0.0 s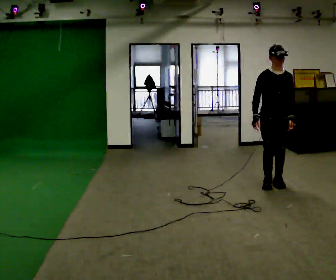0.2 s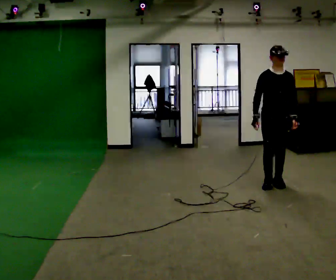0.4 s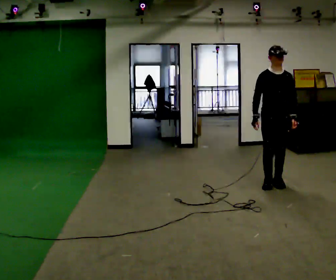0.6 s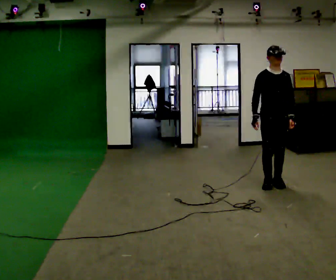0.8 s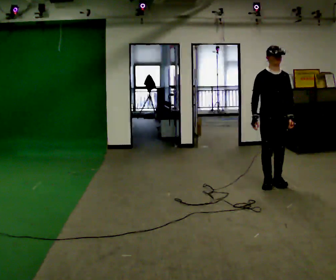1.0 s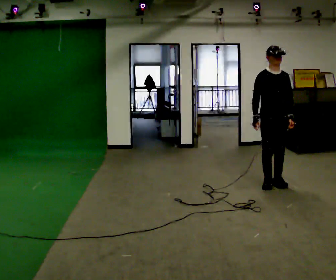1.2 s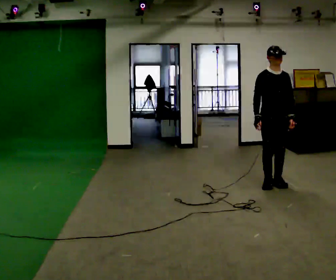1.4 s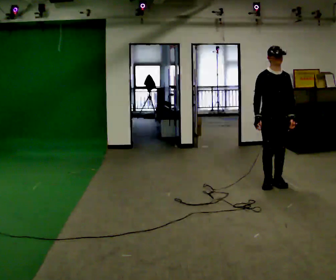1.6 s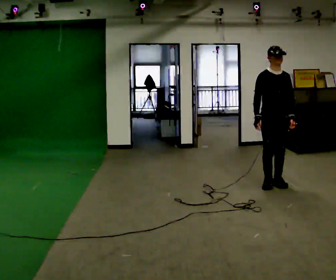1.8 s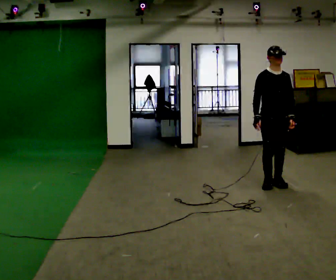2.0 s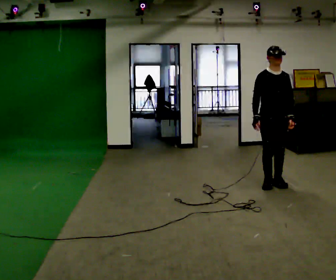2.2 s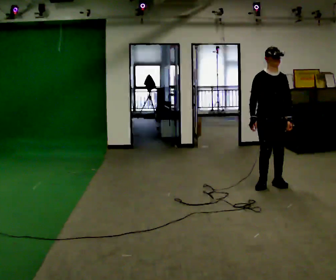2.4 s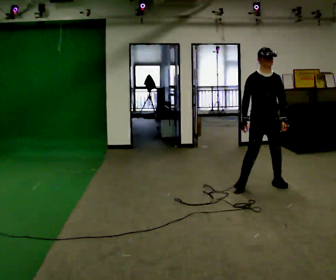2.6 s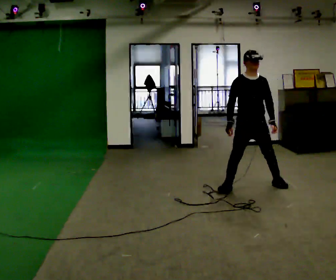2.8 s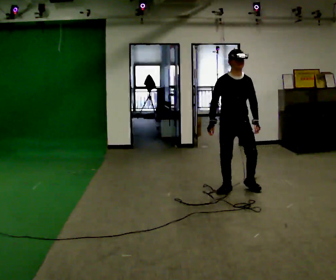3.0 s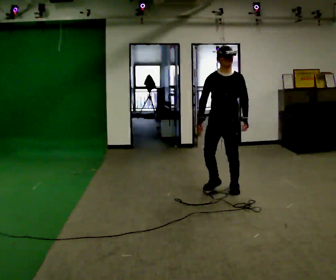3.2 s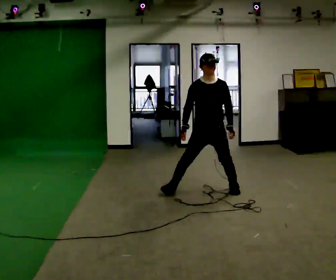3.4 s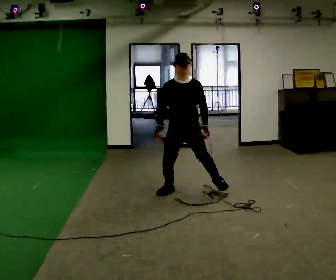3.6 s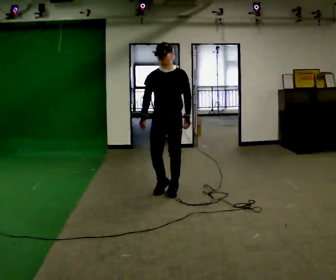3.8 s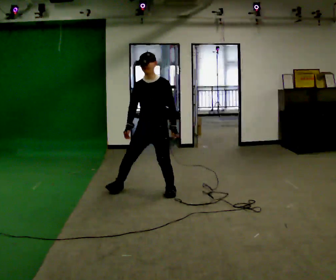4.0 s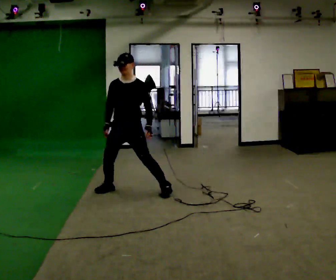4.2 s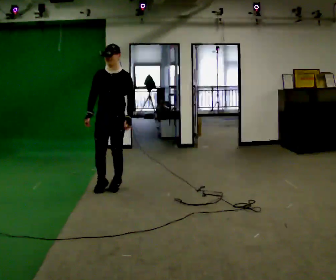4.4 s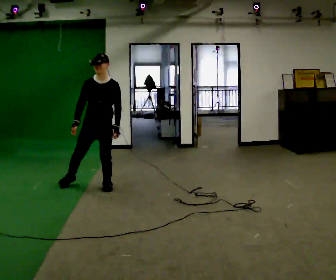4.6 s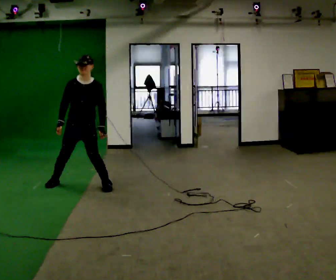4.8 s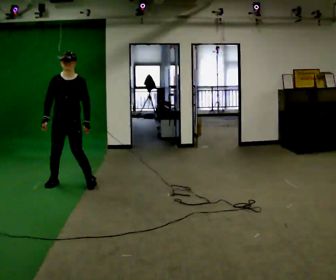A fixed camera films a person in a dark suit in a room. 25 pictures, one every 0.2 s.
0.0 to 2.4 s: The person moves a little, or ends about where they began.
2.4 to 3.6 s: In the picture they go to the left and toward the camera, about 1 m in 3 steps, which for them is to their right.
3.6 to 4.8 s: In the picture they go to the left, about 1.5 m in 4 steps, which for them is to their right.
The film runs forward here.
